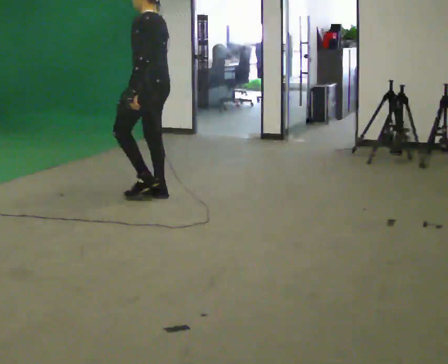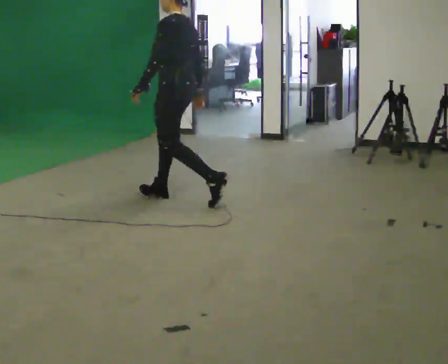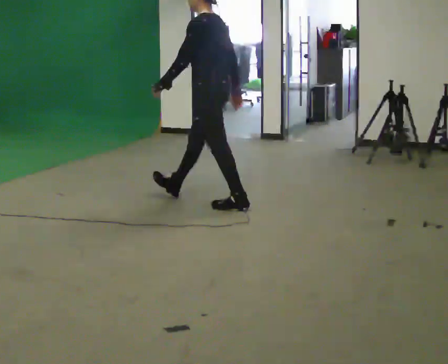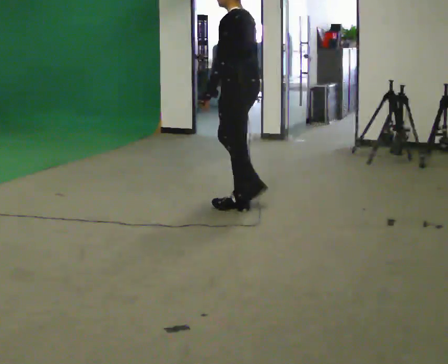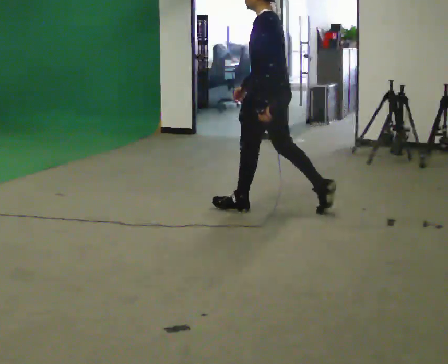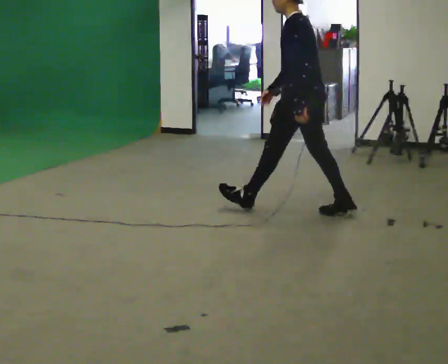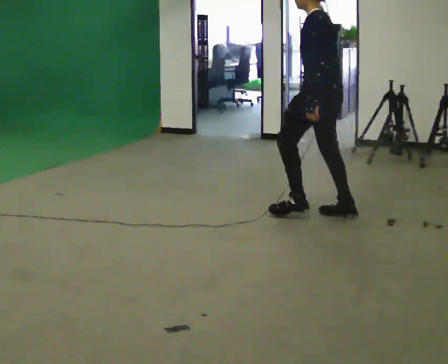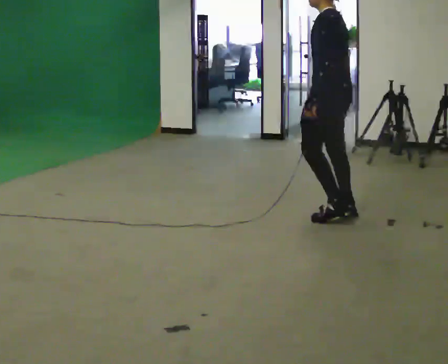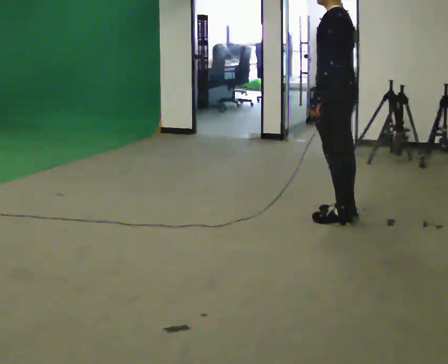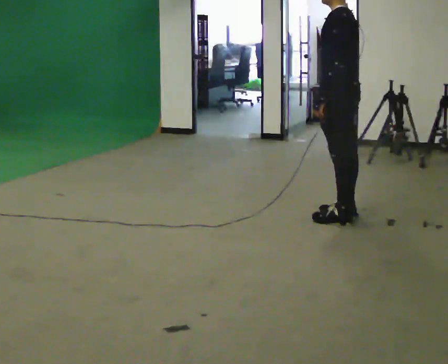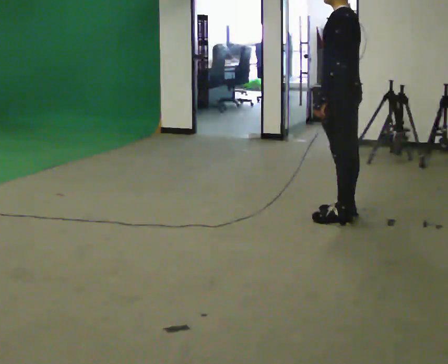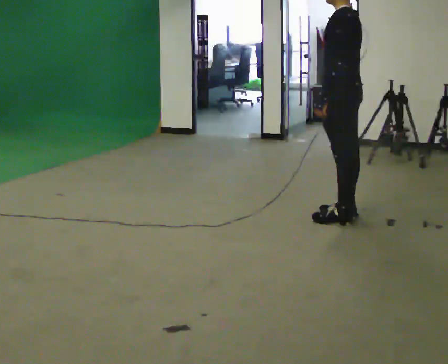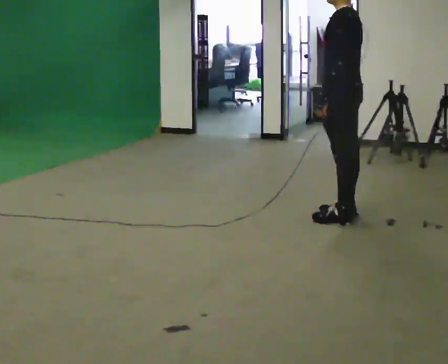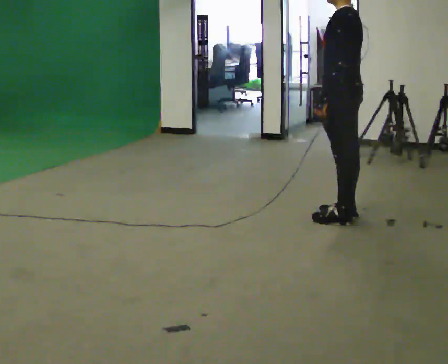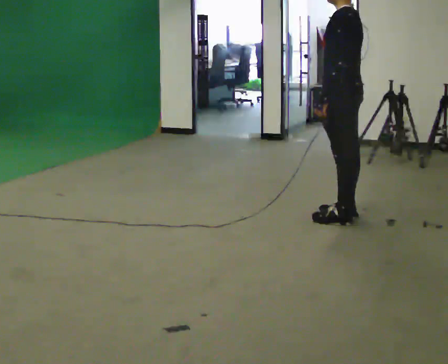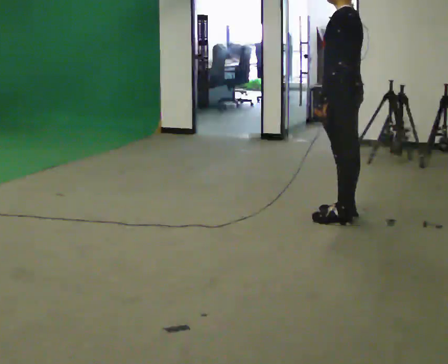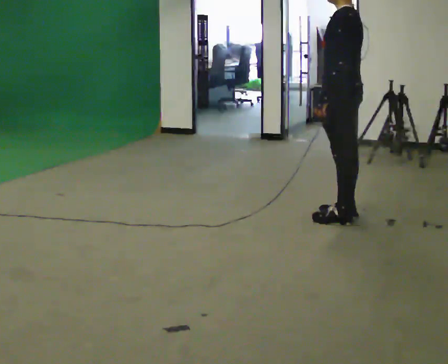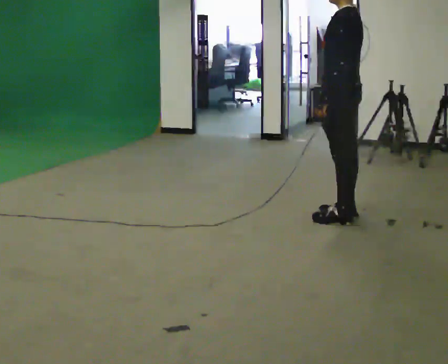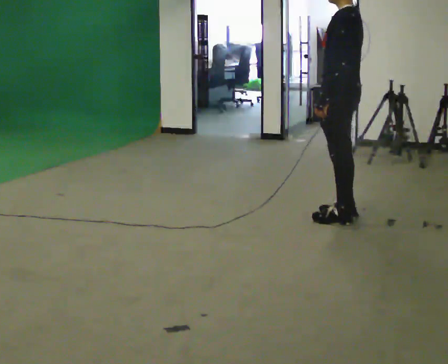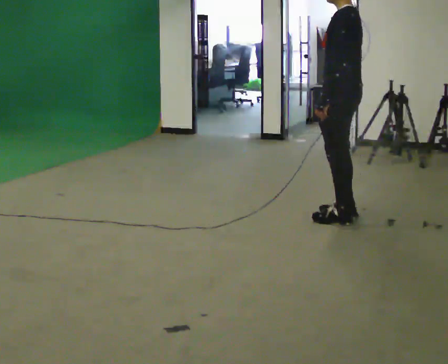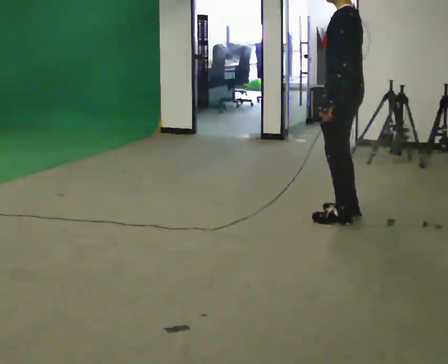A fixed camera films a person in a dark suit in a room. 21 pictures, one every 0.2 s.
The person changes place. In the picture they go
to the right.
0.0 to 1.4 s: In the picture they go to the right, about 1.5 m in 2 steps, which for them is backward.
1.4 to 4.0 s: The person moves a little, or ends about where they began.
The film runs backward here.
